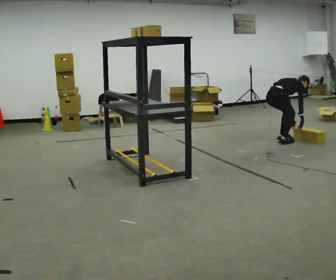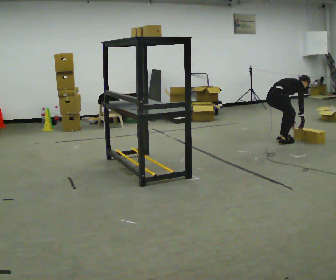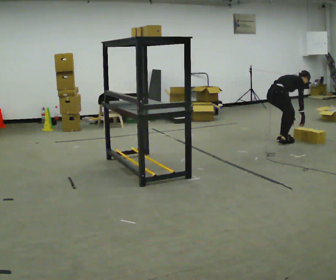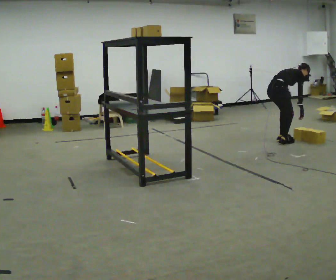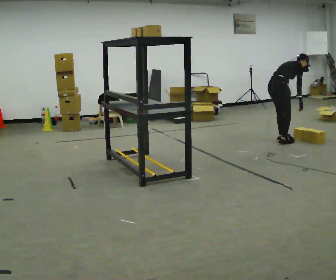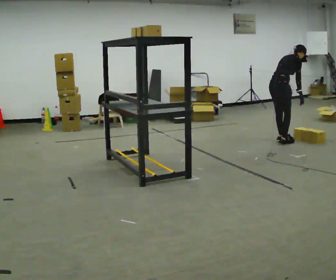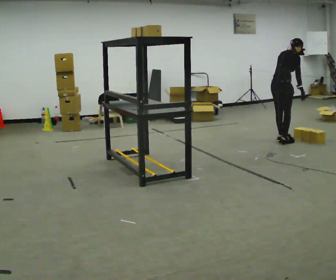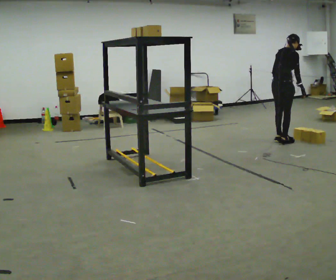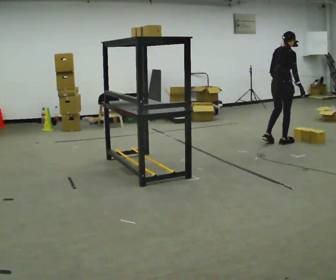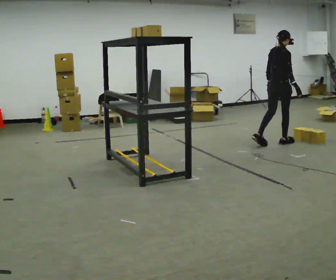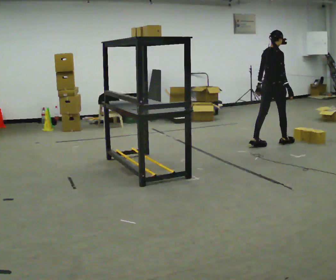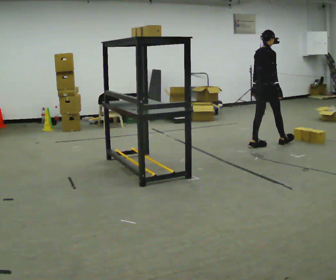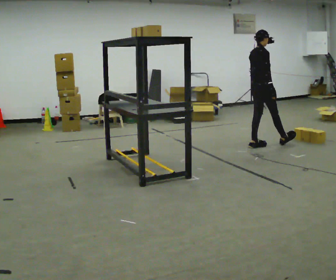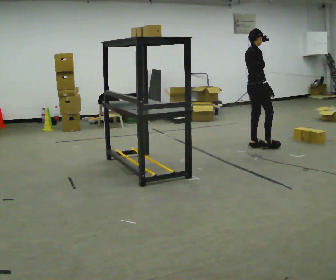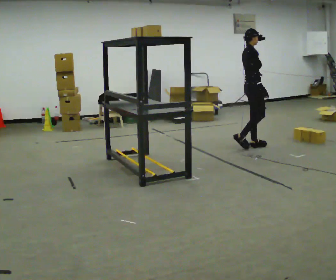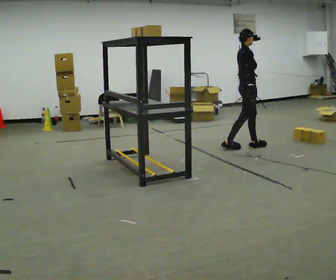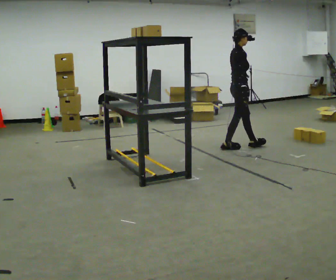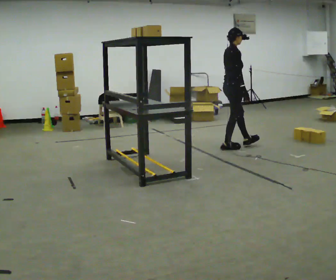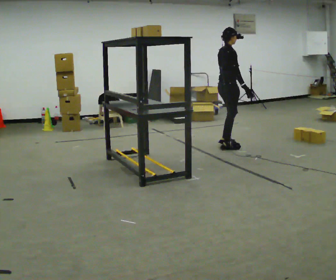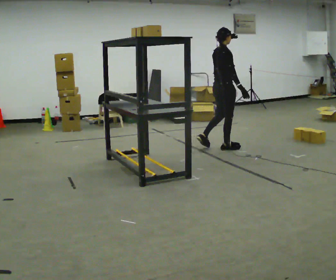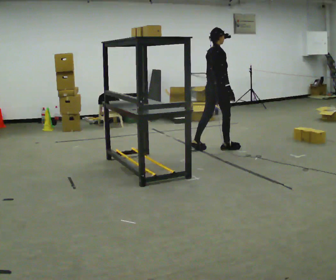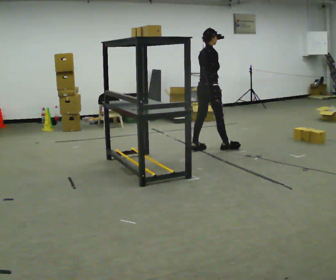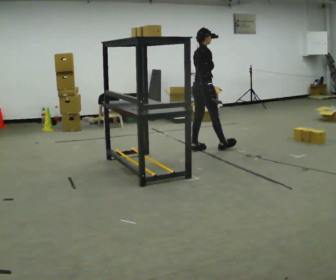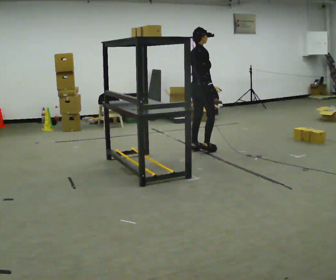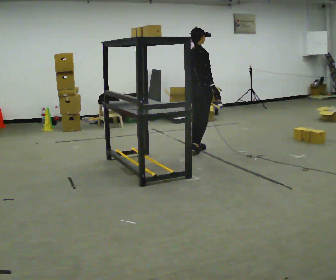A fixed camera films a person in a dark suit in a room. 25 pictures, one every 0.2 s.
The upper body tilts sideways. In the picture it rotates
counterclockwise.
The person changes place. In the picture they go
to the left.
0.0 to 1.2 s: The upper body goes upward. In the picture the upper body tilts counterclockwise, shoulders to the left, as they lean back or straighten. In the picture their left hand goes upward.
1.2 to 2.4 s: In the picture they go to the left, about 0.25 m in 2 steps, which for them is backward. In the picture the upper body tilts counterclockwise, shoulders to the left, as they lean back or straighten.
2.4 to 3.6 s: In the picture they go to the left and toward the camera, about 0.5 m in 1 step, which for them is backward.
3.6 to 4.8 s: In the picture they go to the left, about 0.5 m in 1 step, which for them is backward.
The film runs backward here.
